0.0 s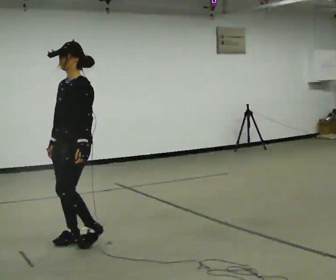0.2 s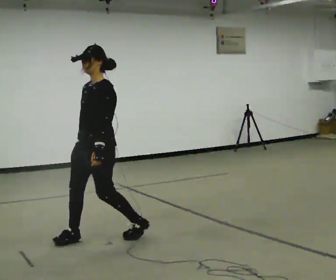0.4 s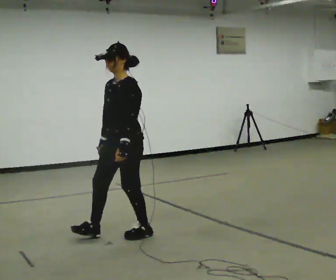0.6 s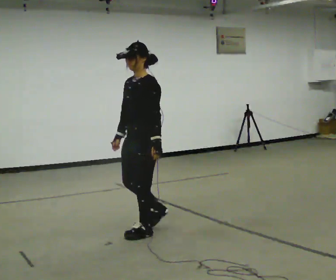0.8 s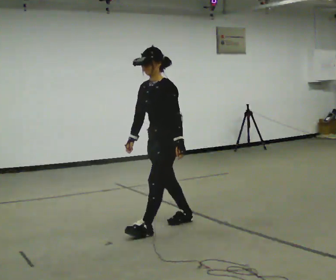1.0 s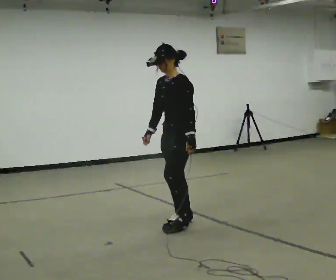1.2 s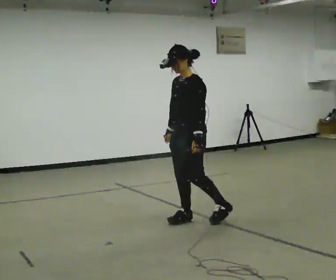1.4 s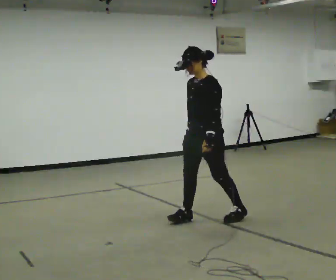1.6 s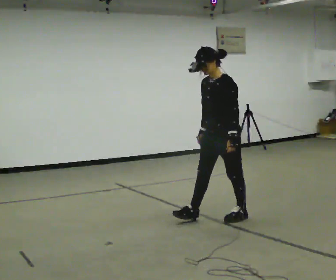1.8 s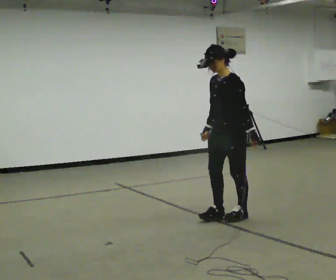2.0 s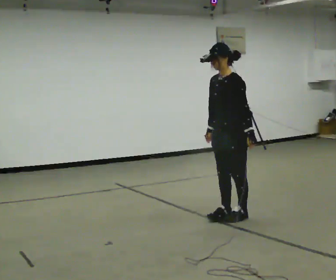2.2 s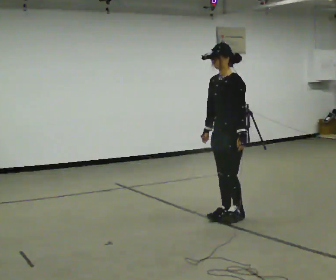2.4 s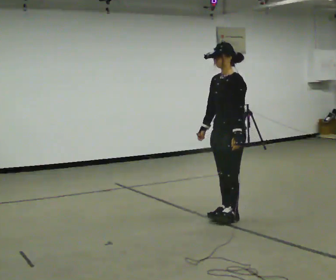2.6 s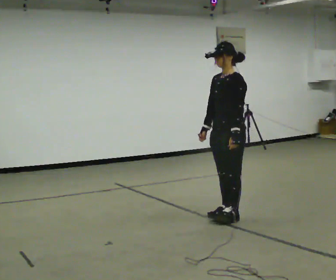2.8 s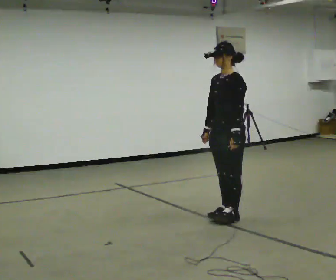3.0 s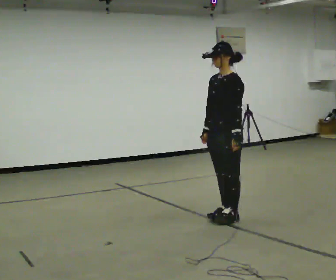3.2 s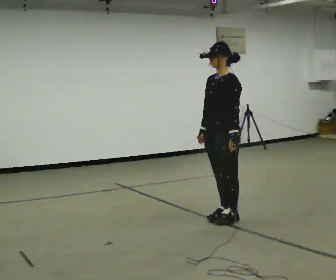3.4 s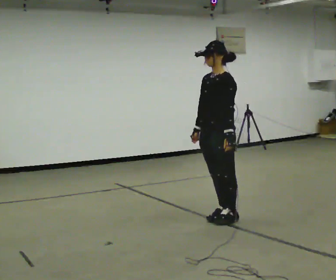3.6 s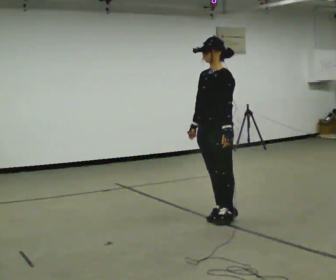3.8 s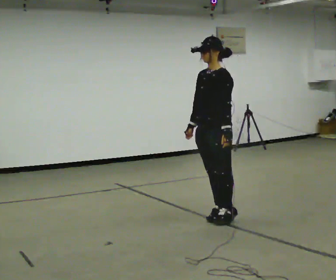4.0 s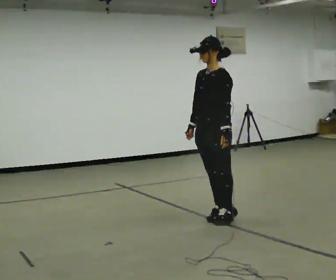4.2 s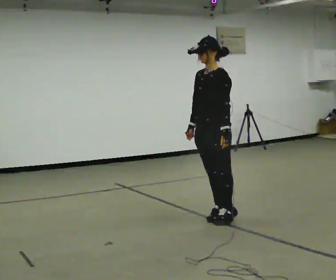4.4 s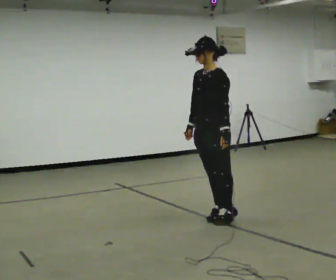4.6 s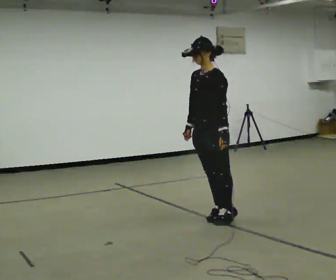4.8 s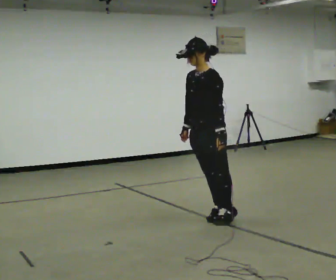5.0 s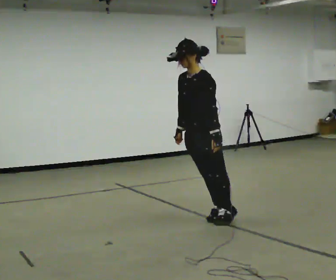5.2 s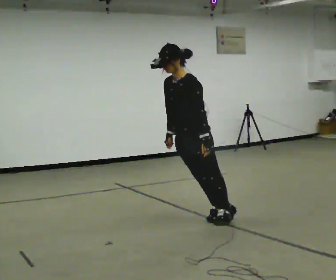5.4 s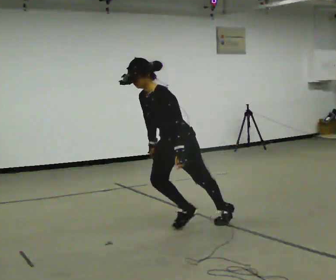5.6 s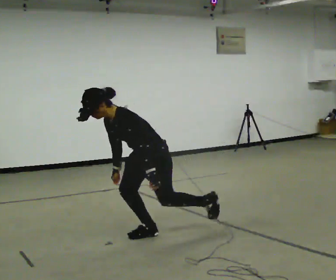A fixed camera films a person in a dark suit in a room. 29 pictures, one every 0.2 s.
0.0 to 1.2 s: In the picture they go to the right and away from the camera, about 1 m in 2 steps, which for them is backward.
1.2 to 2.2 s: In the picture they go to the right, about 0.25 m in 2 steps, which for them is backward.
2.2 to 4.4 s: In the picture they go toward the camera and to the left, about 0.25 m, which for them is forward.
4.4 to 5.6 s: In the picture they go to the left and toward the camera, about 0.75 m in 1 step, which for them is forward. The upper body goes downward. In the picture the upper body tilts counterclockwise, shoulders to the left, as they bend forward.
The film runs forward here.
